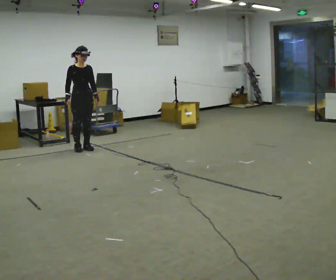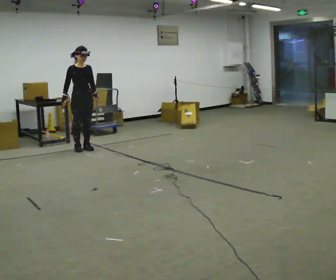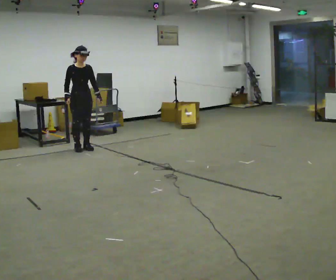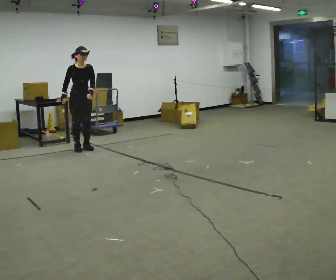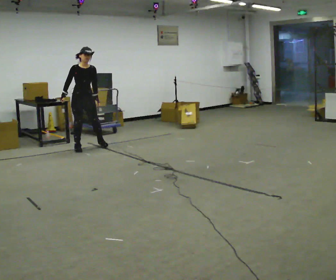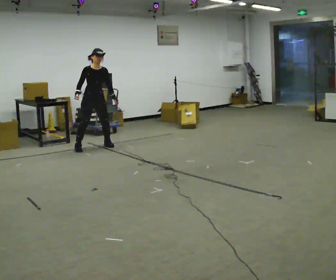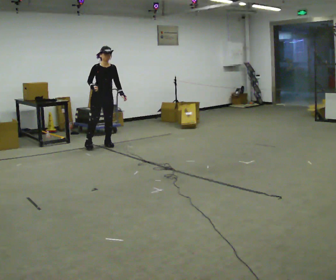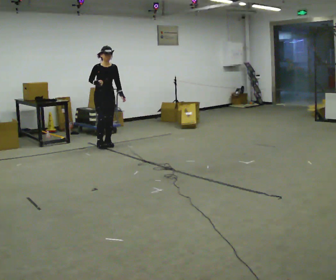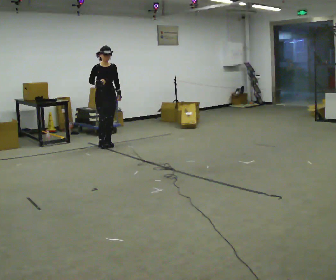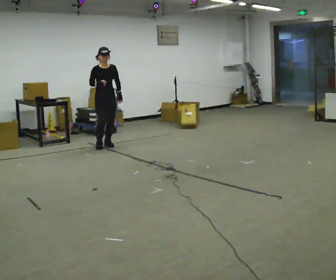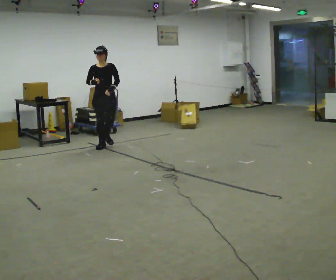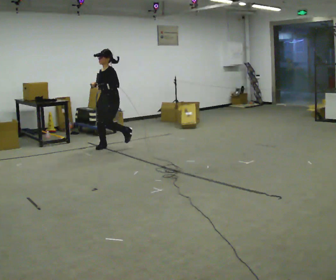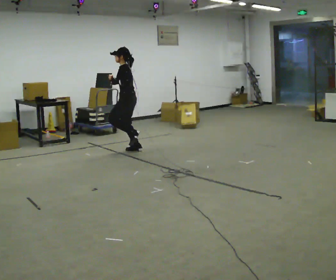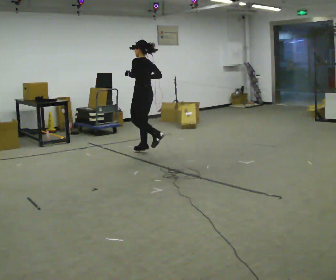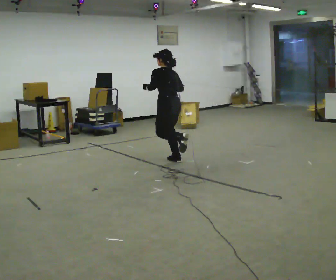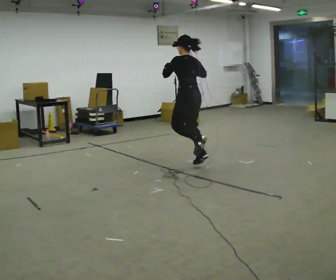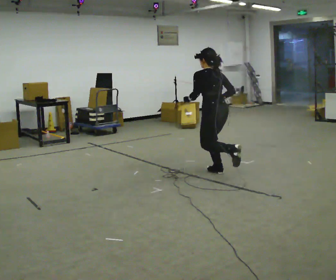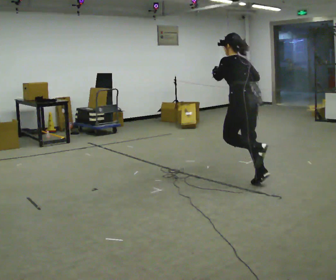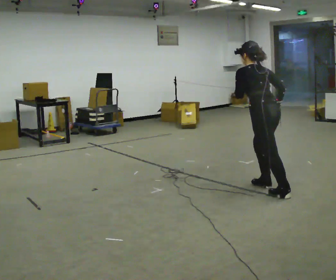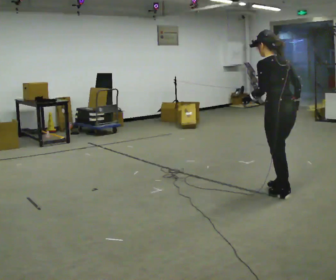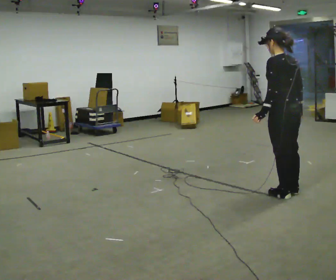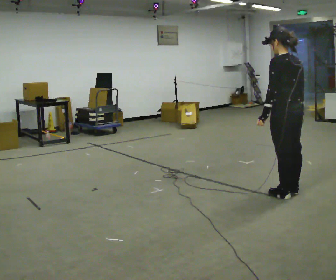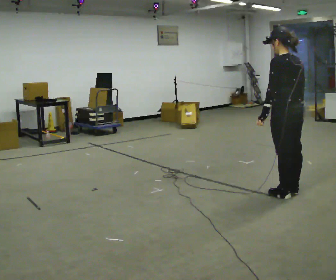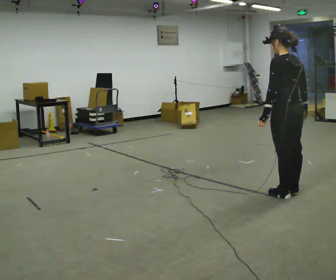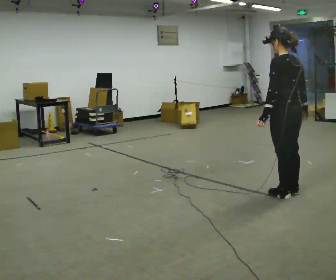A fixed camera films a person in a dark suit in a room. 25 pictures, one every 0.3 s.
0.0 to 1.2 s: The person moves a little, or ends about where they began.
1.2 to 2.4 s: In the picture they go to the right and away from the camera, about 0.5 m in 1 step, which for them is to their left.
2.4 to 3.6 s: Seen from above the body turns clockwise, about 120 degrees: to their right, with its near side sliding to the left. In the picture they go toward the camera and to the right, about 0.5 m in 2 steps.
3.6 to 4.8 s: Seen from above the body turns clockwise, about 60 degrees: to their right, with its near side sliding to the left. In the picture they go toward the camera and to the right, about 1.5 m in 3 steps, which for them is backward.
4.8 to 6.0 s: In the picture they go toward the camera and to the right, about 1 m in 2 steps, which for them is backward.
6.0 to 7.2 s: The person moves a little, or ends about where they began.
The film runs backward here.
